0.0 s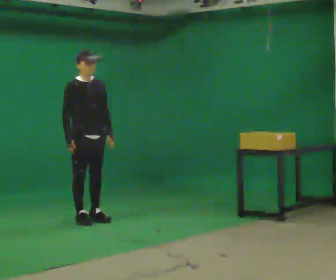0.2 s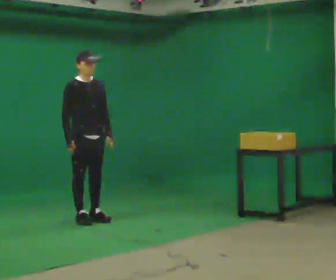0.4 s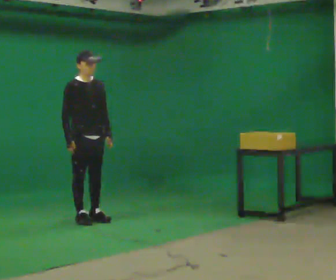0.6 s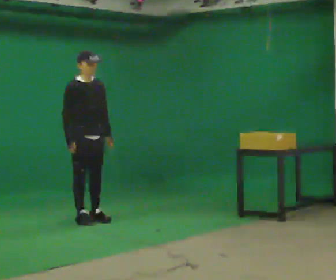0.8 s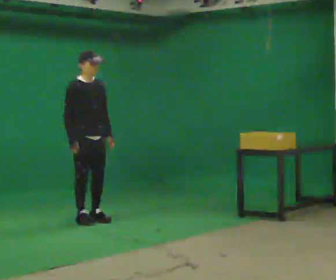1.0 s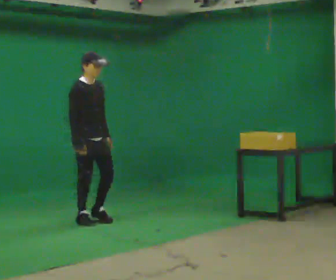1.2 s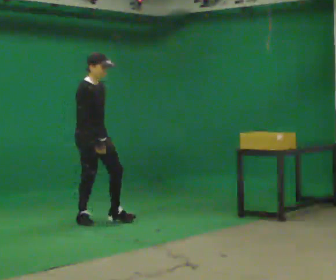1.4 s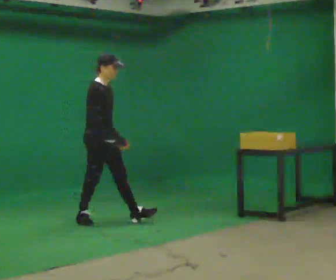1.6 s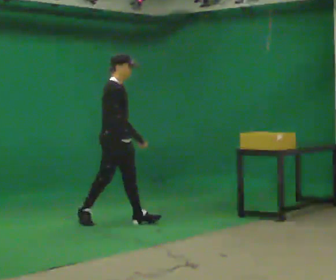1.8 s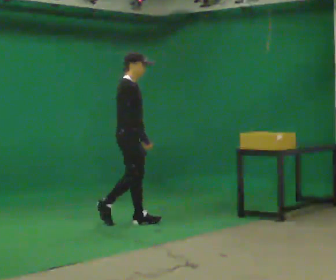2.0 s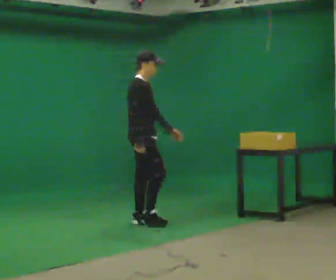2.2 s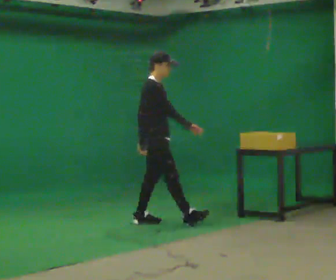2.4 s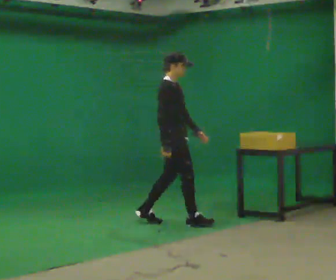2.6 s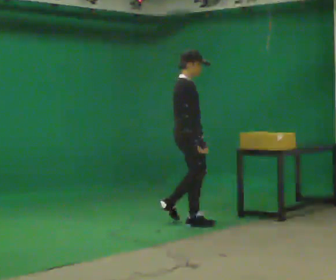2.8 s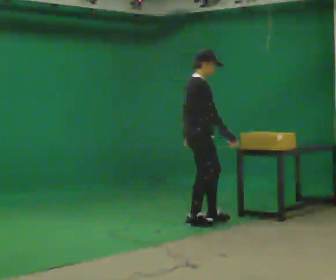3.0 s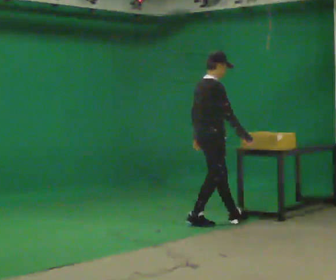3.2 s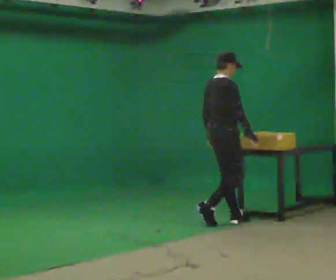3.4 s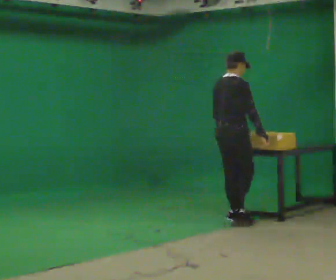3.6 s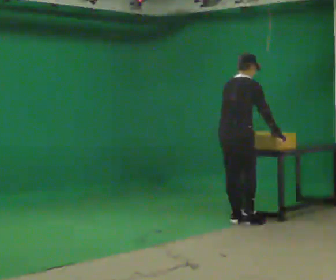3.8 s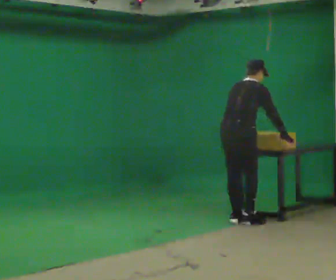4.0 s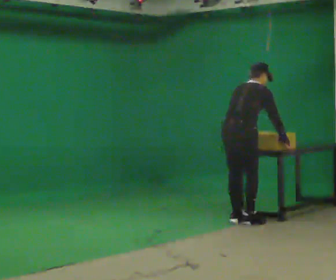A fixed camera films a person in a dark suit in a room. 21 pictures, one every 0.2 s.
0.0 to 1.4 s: The person turns about 30 degrees to their left, counterclockwise seen from above, so the part of the body nearest the lens slides to the right. In the picture they go to the right, about 0.25 m, which for them is forward.
1.4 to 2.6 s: In the picture they go to the right, about 1 m in 2 steps, which for them is forward.
2.6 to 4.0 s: The person turns about 45 degrees to their left, counterclockwise seen from above, so the part of the body nearest the lens slides to the right. In the picture they go to the right, about 0.5 m in 2 steps, which for them is forward and to their right. The upper body tips away from the camera, its near side rolling upward, as they bend forward.
The film runs forward here.
